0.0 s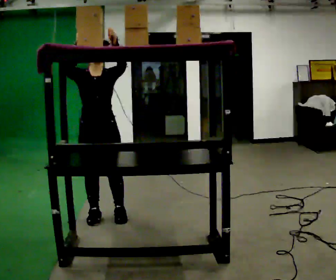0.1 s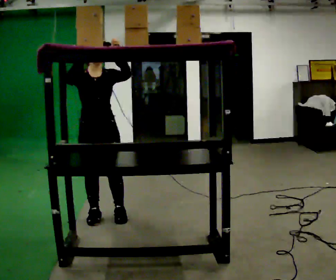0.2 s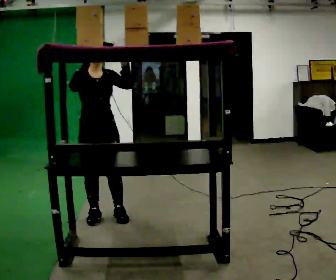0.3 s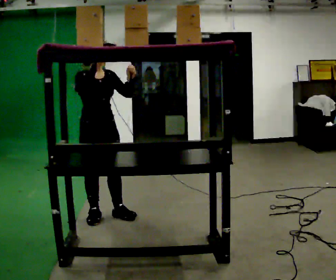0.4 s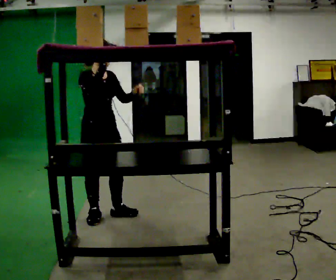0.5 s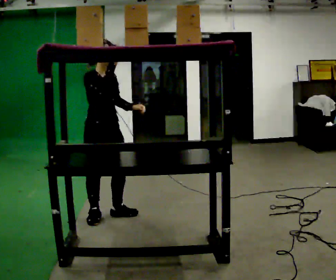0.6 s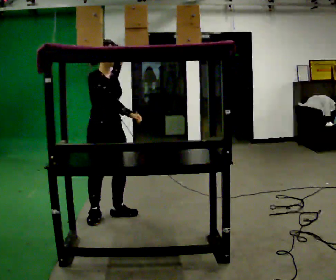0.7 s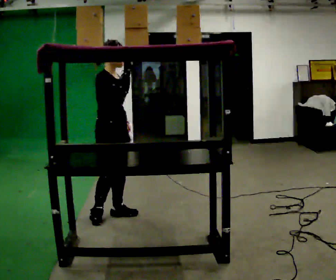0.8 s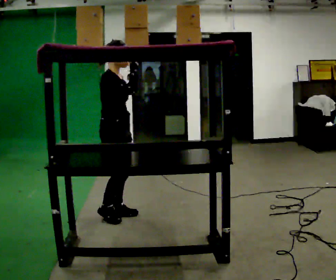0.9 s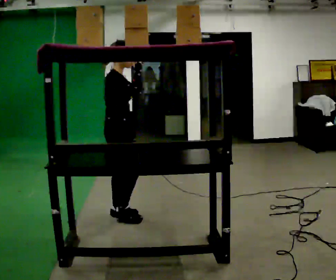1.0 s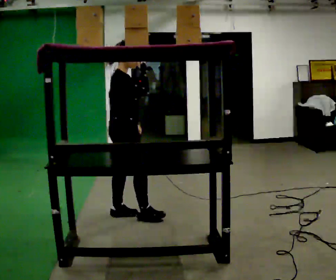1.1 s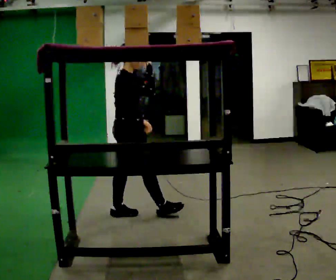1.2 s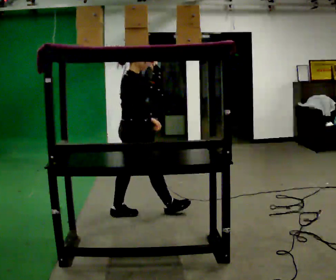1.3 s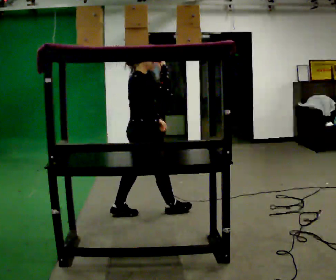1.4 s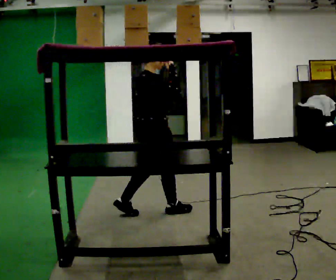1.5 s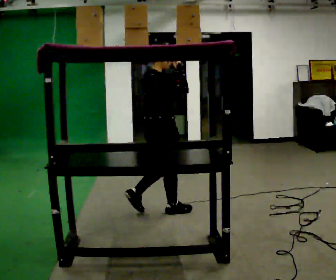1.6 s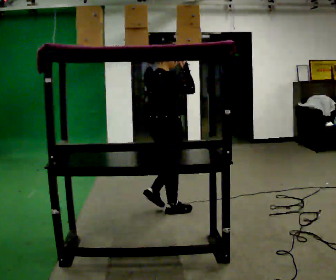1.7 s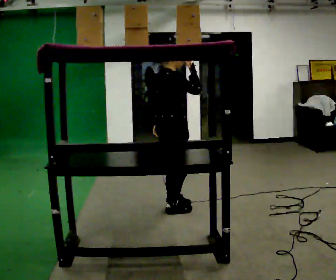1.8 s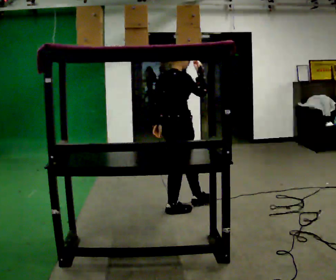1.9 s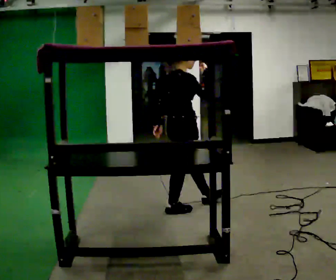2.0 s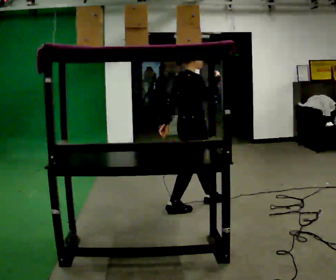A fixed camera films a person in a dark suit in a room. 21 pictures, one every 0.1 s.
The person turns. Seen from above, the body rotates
counterclockwise.
Their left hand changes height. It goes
downward.
0.0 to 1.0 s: The part of the body nearest the lens slides to the right as the person turns to their left by about 90 degrees. In the picture they go to the right, about 0.25 m. In the picture their left hand goes downward.
1.0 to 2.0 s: In the picture they go to the right, about 0.75 m in 2 steps, which for them is forward.
The film runs forward here.
